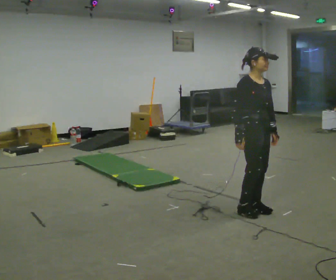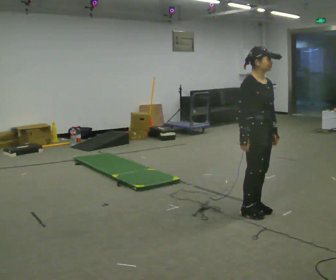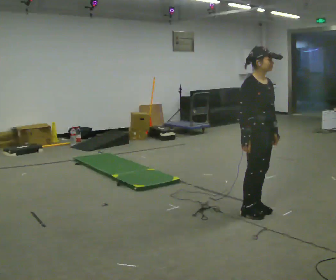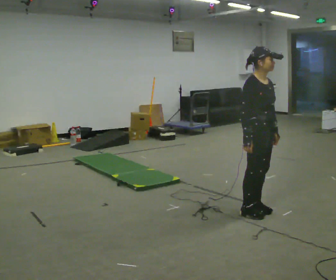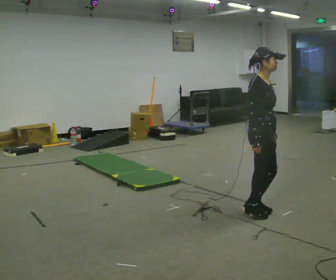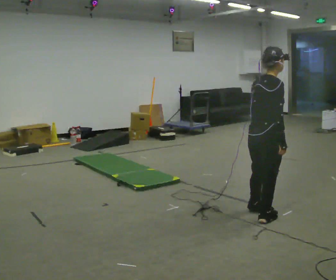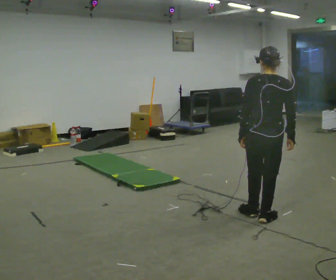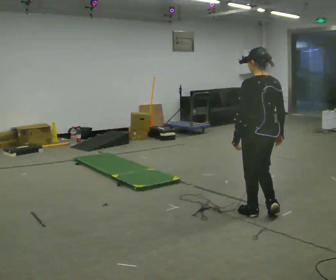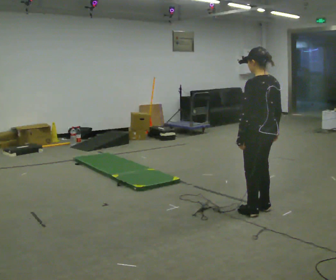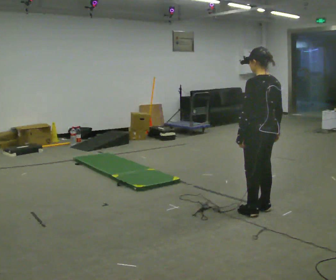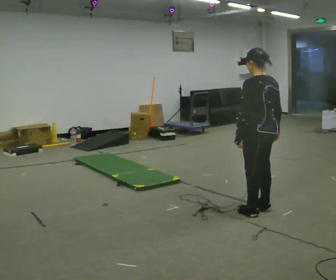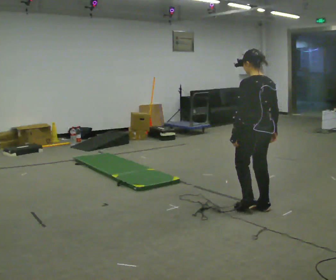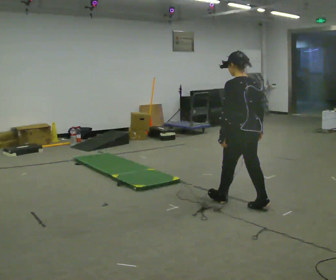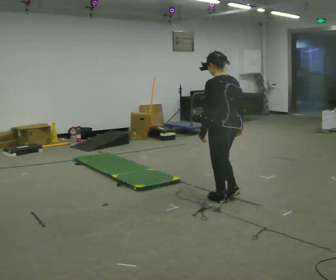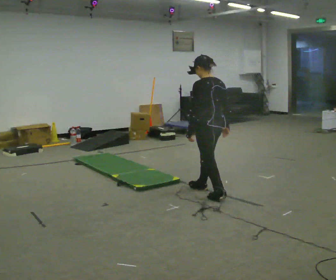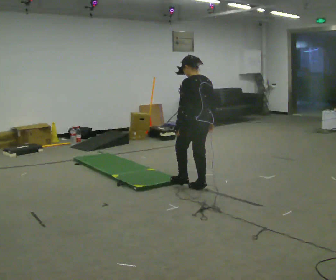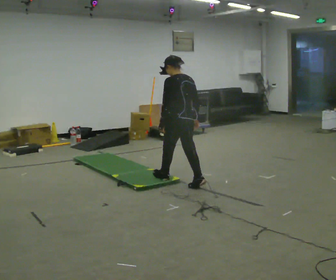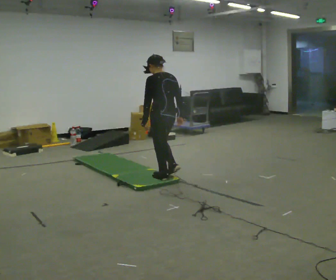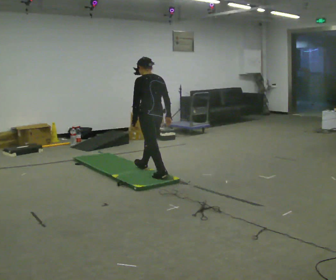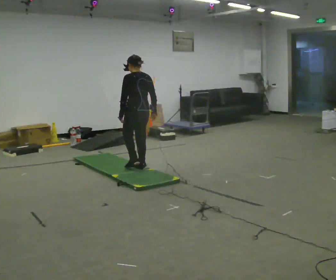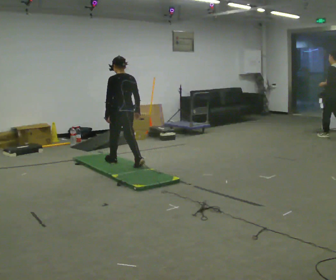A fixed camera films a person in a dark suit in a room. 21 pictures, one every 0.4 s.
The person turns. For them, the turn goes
to their left.
The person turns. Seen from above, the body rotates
counterclockwise.
0.0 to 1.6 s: The part of the body nearest the lens slides to the right as the person turns to their left by about 30 degrees.
1.6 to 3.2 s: Seen from above the body turns counterclockwise, about 150 degrees: to their left, with its near side sliding to the right.
3.2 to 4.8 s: In the picture they go away from the camera and to the left, about 0.25 m in 1 step, which for them is forward.
4.8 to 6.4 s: In the picture they go away from the camera and to the left, about 1 m in 2 steps, which for them is forward.
6.4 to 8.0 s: In the picture they go to the left and away from the camera, about 1 m in 2 steps, which for them is forward.
The film runs forward here.
